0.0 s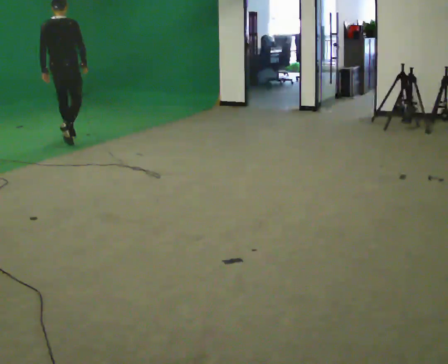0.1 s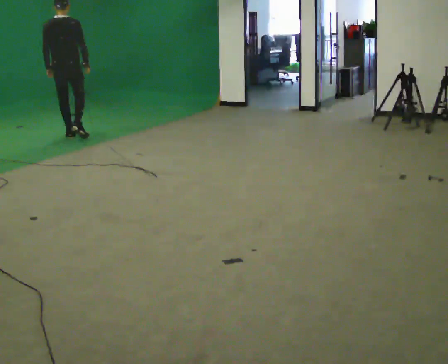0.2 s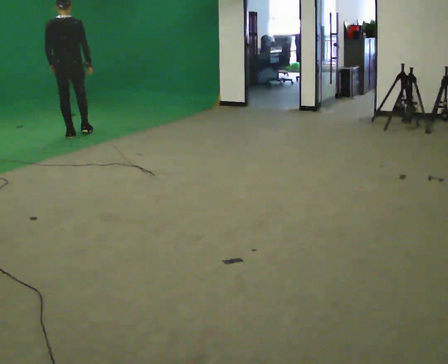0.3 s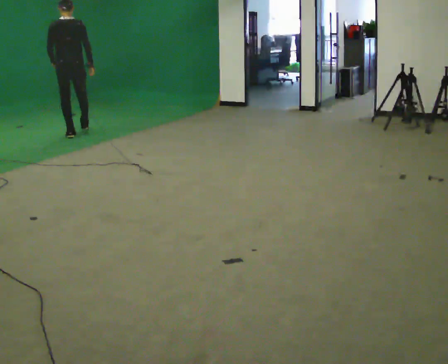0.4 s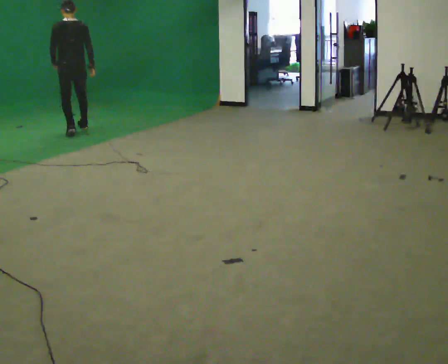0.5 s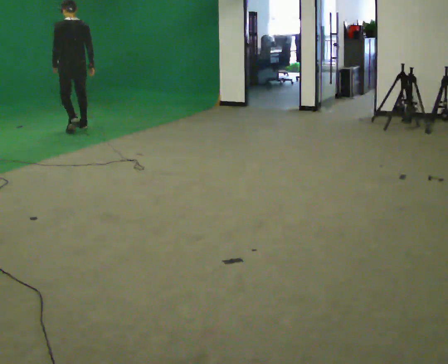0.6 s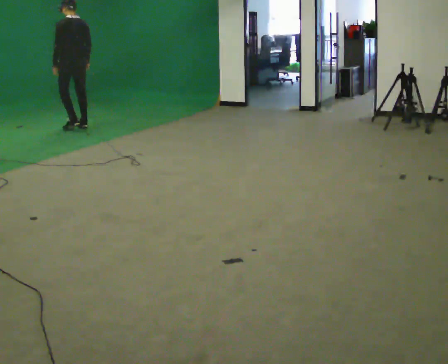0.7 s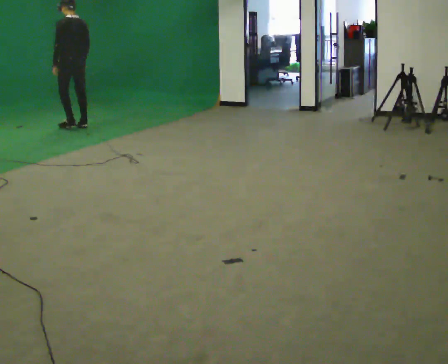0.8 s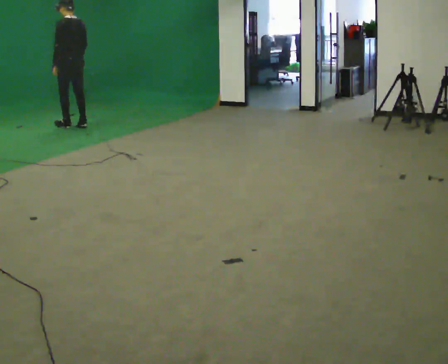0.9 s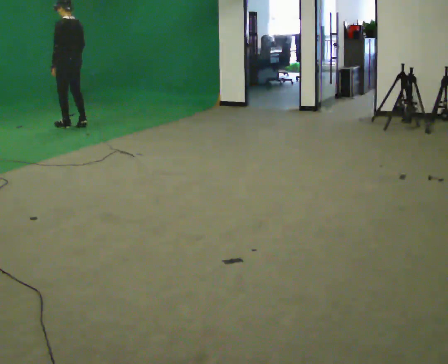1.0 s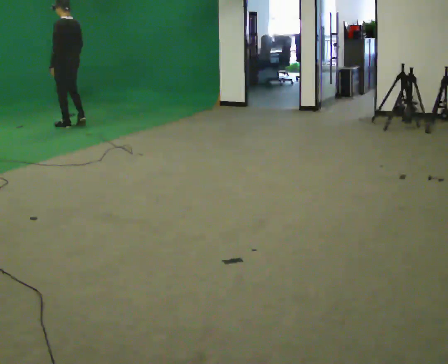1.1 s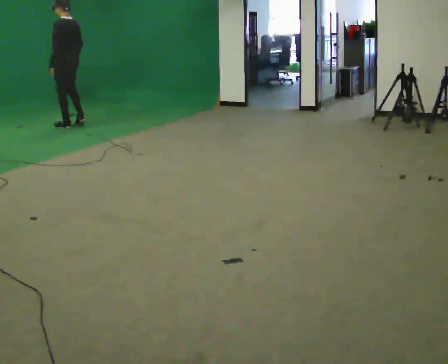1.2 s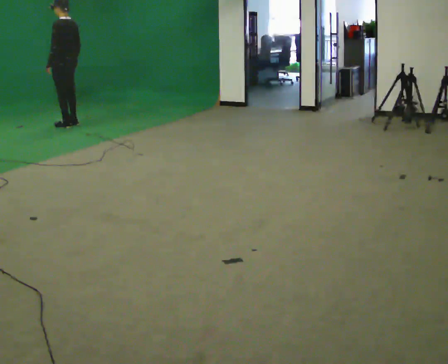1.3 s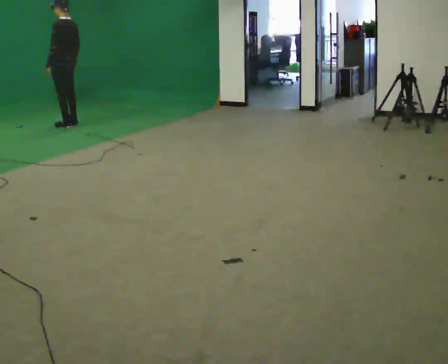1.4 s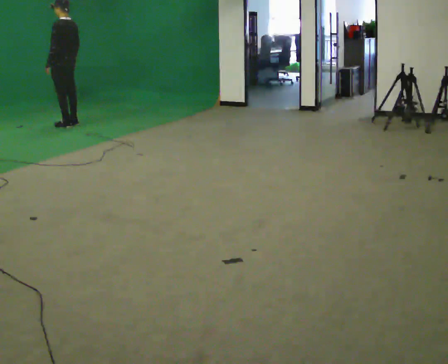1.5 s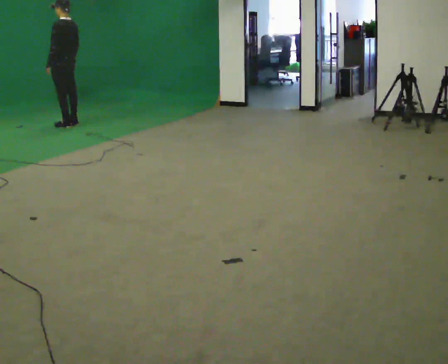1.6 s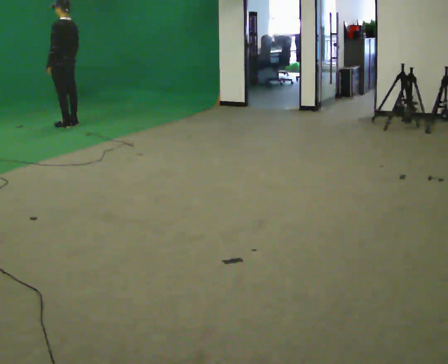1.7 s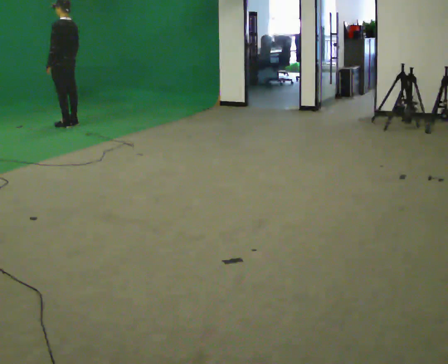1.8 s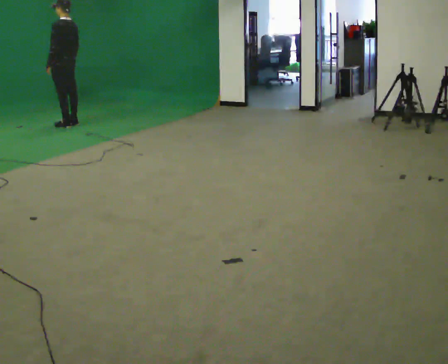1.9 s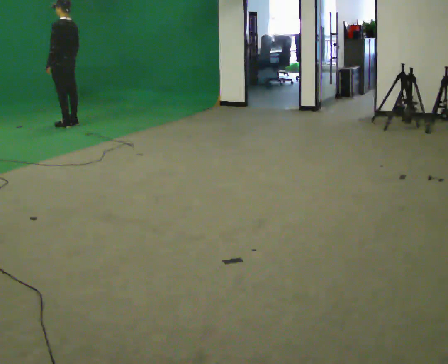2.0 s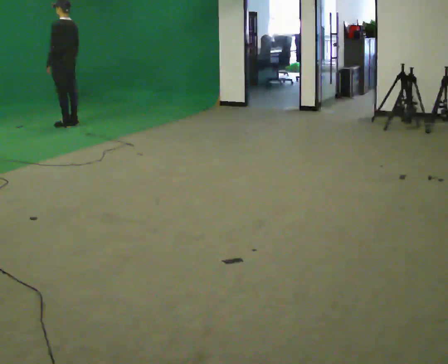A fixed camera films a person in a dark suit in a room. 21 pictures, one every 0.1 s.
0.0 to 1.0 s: The person turns about 75 degrees to their left, counterclockwise seen from above, so the part of the body nearest the lens slides to the right. In the picture they go away from the camera, about 1 m in 2 steps.
1.0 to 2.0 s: The person moves a little, or ends about where they began.
The film runs forward here.
